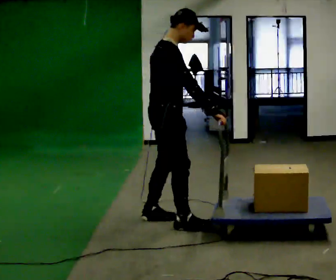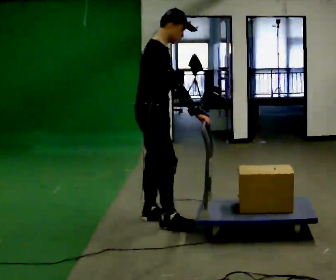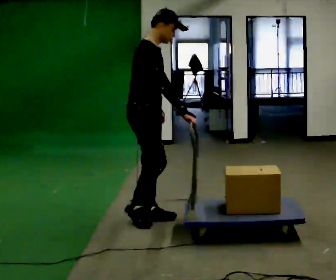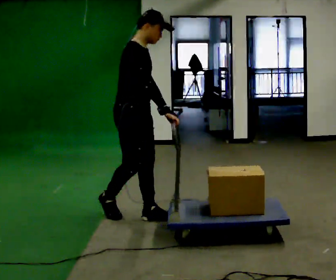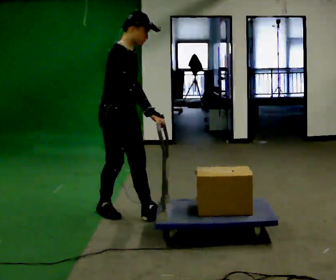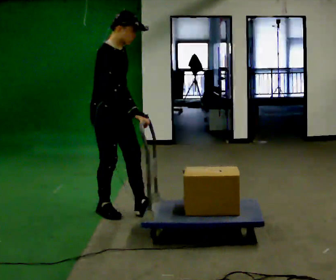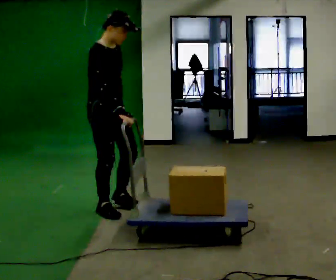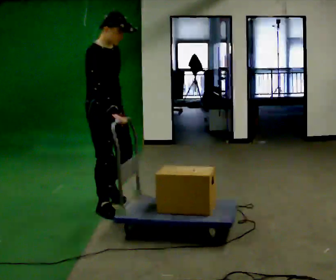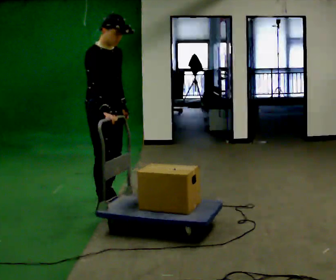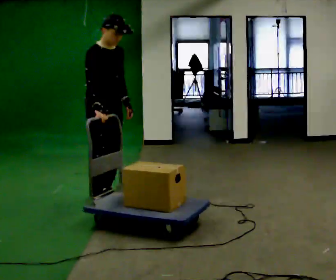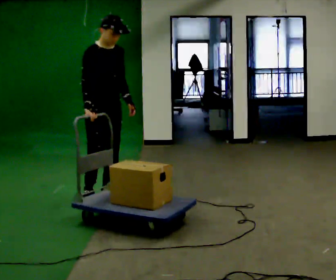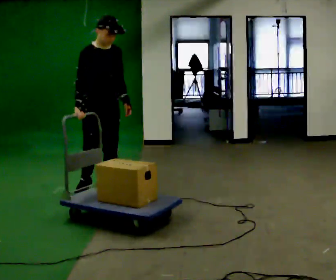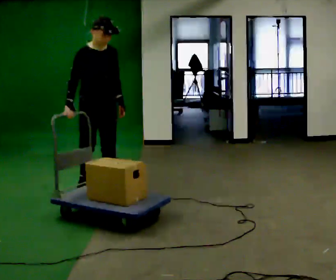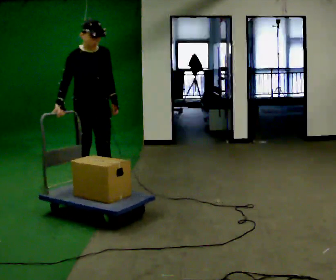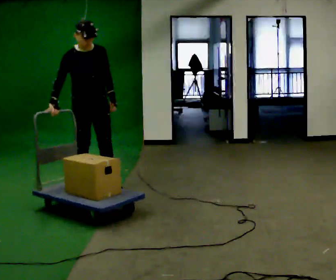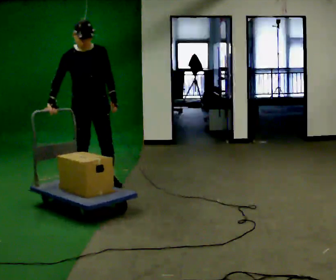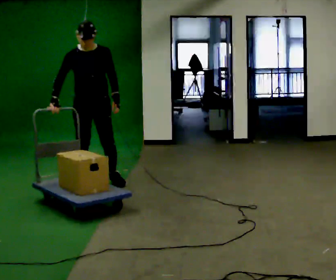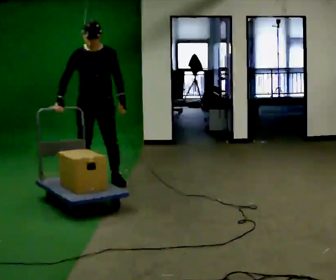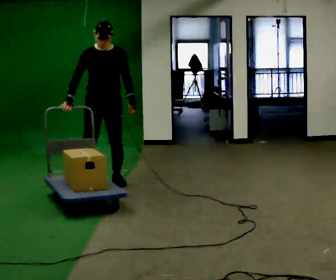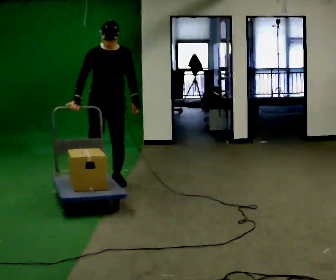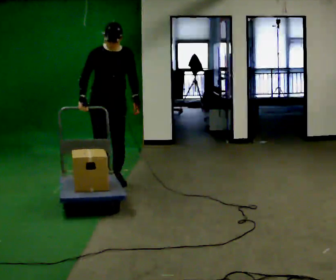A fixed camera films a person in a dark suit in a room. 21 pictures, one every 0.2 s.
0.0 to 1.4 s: Seen from above the body turns clockwise, about 30 degrees: to their right, with its near side sliding to the left. In the picture they go to the left and away from the camera, about 0.75 m in 2 steps, which for them is backward.
1.4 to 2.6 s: The person turns about 30 degrees to their right, clockwise seen from above, so the part of the body nearest the lens slides to the left. In the picture they go away from the camera, about 0.75 m in 1 step, which for them is backward.
2.6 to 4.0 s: In the picture they go away from the camera and to the right, about 0.5 m in 2 steps, which for them is backward and to their left.
The film runs backward here.
